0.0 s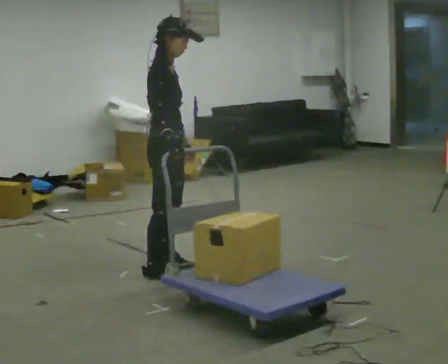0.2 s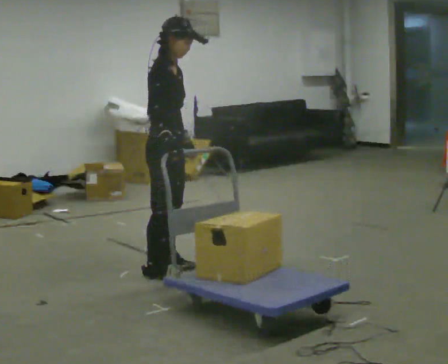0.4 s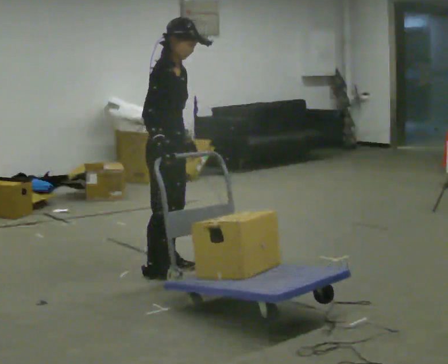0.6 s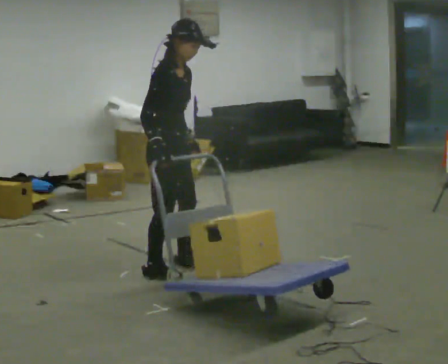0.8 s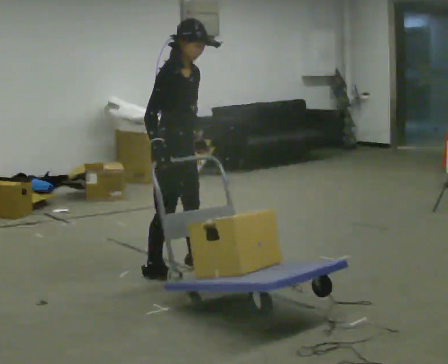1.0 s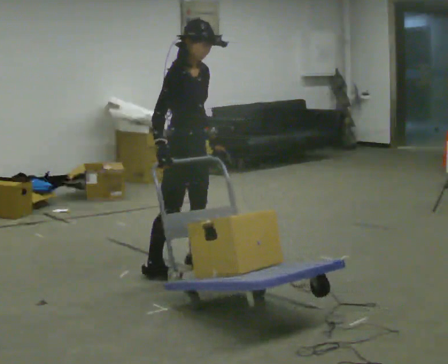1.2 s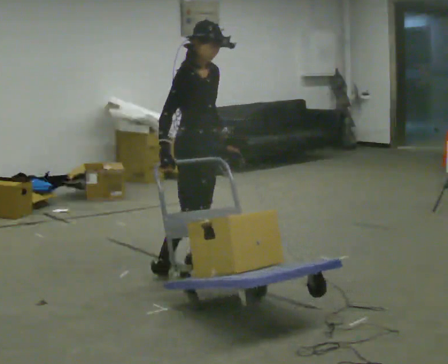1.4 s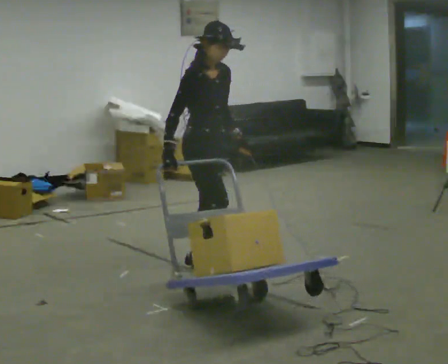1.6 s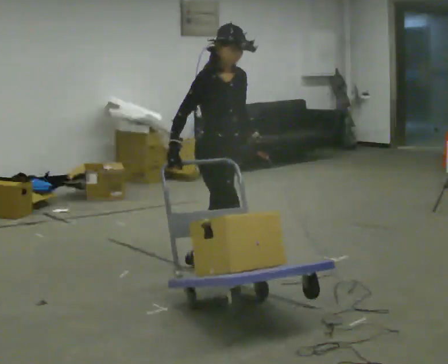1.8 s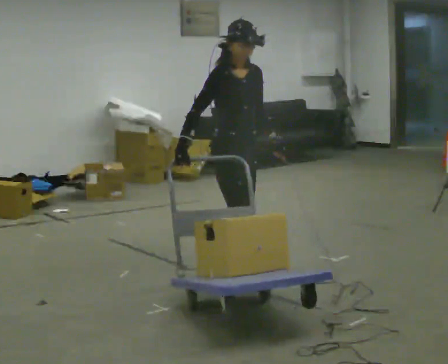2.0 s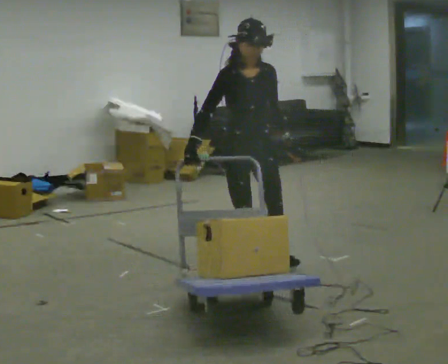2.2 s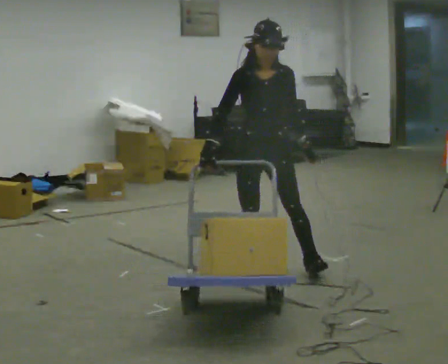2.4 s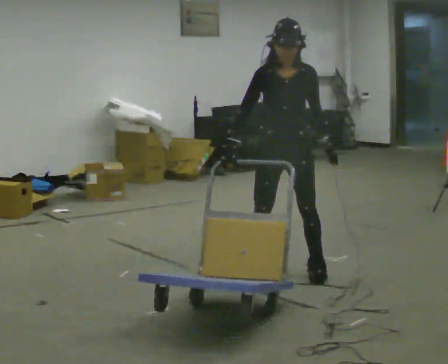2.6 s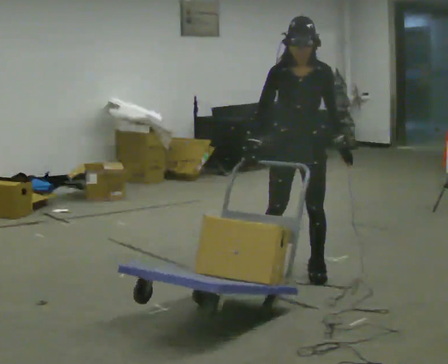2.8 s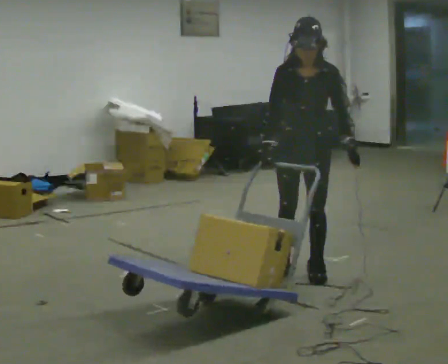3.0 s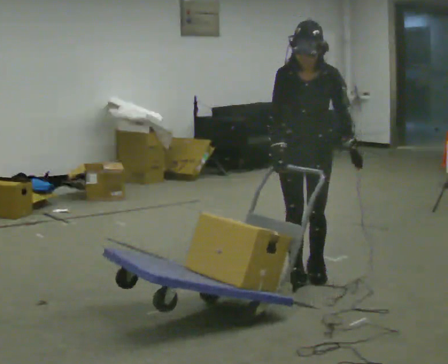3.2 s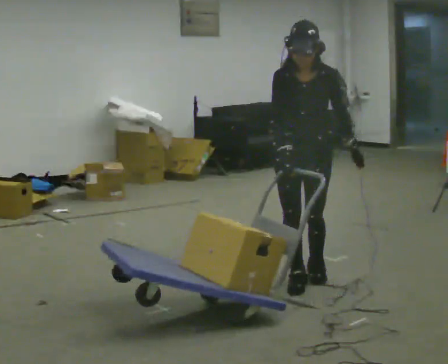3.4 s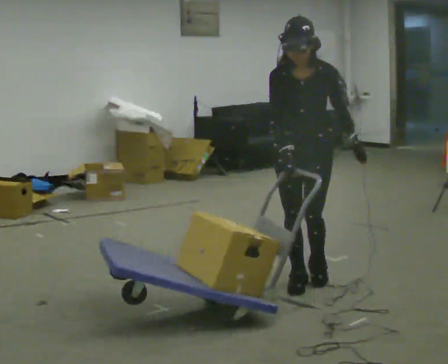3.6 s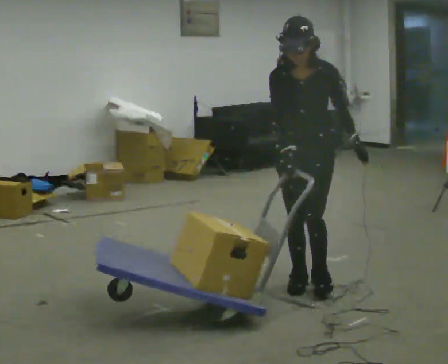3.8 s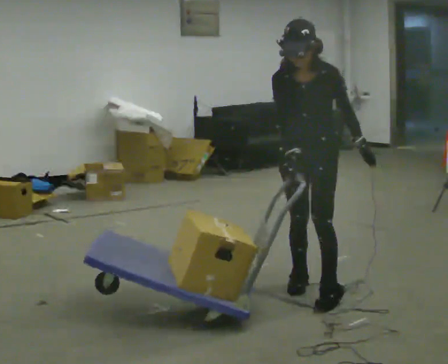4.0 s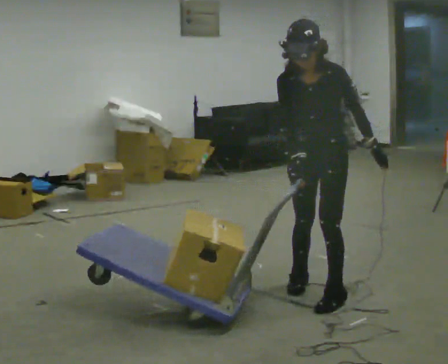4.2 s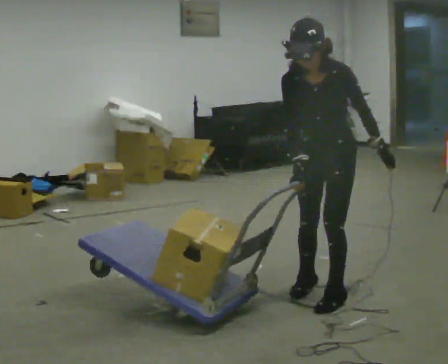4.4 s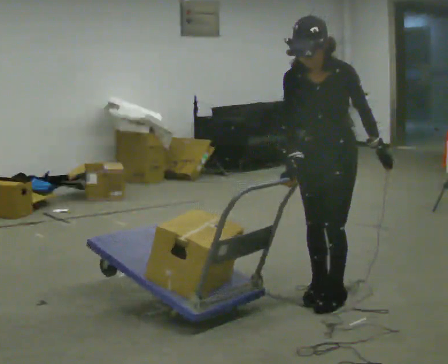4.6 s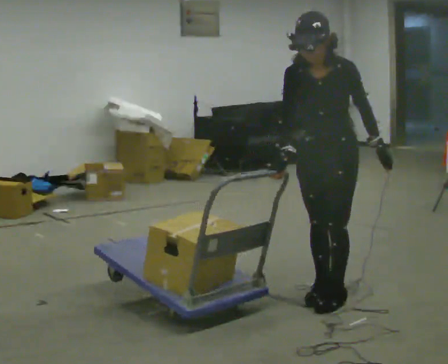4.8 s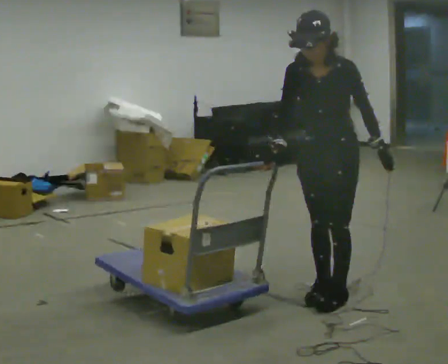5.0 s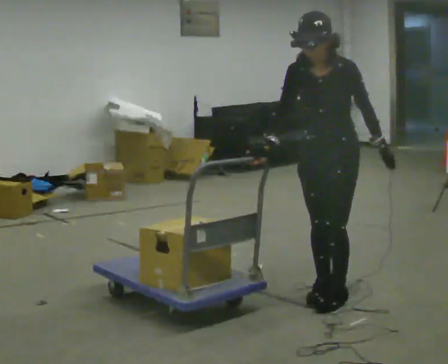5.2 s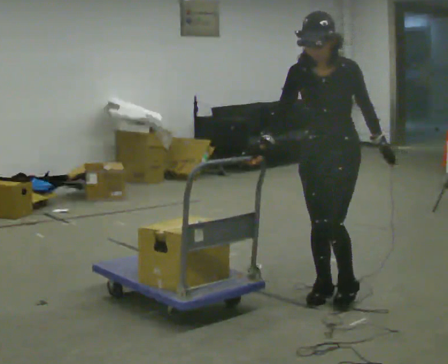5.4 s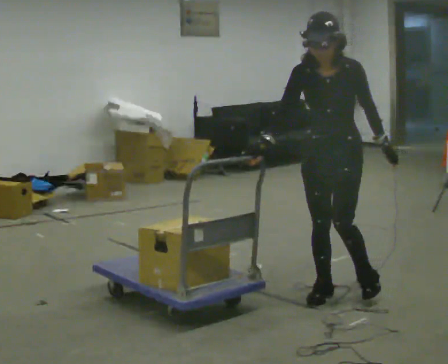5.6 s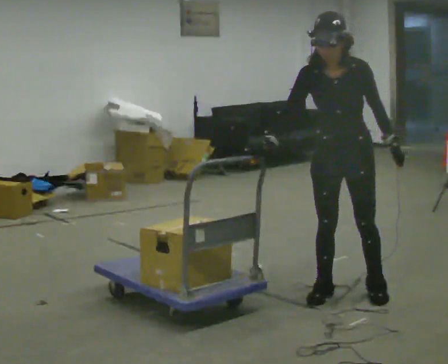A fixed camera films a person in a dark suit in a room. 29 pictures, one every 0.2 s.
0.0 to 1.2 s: The person turns about 30 degrees to their right, clockwise seen from above, so the part of the body nearest the lens slides to the left. In the picture they go away from the camera, about 0.25 m in 2 steps, which for them is to their left.
1.2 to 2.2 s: The part of the body nearest the lens slides to the left as the person turns to their right by about 45 degrees. In the picture they go to the right, about 0.5 m in 1 step, which for them is forward and to their left.
2.2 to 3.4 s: In the picture they go to the right and toward the camera, about 0.5 m in 2 steps, which for them is to their left.
3.4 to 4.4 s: In the picture they go toward the camera and to the right, about 0.25 m in 1 step, which for them is to their left and forward.
4.4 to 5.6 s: The person moves a little, or ends about where they began.
The film runs backward here.
